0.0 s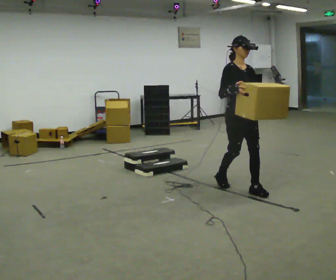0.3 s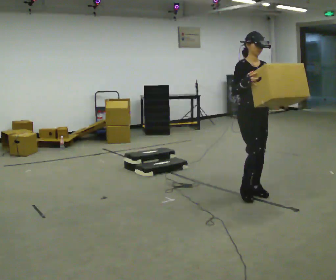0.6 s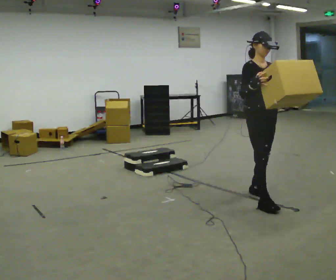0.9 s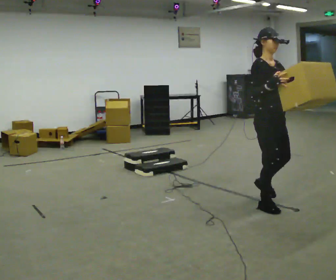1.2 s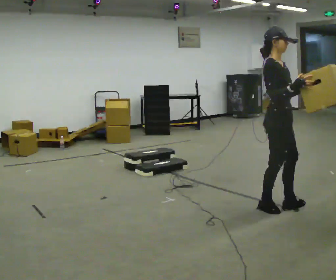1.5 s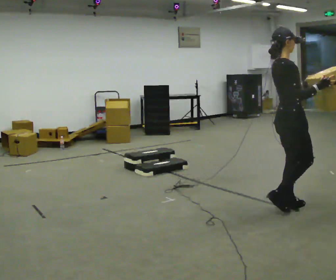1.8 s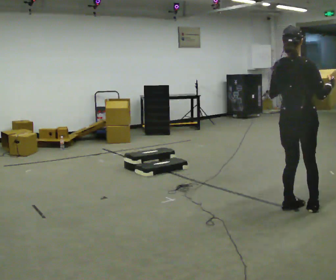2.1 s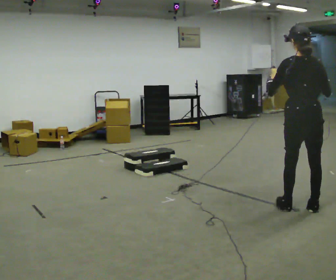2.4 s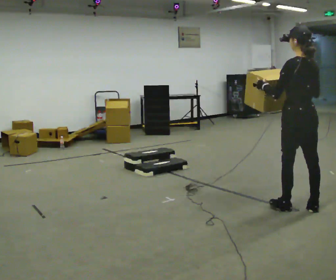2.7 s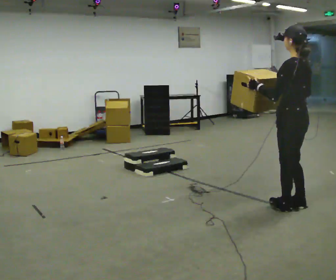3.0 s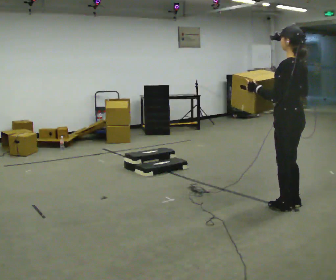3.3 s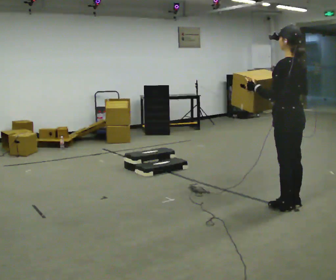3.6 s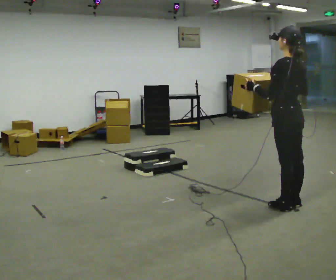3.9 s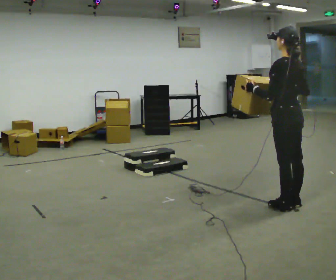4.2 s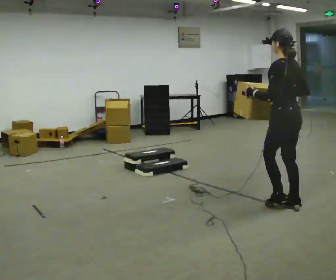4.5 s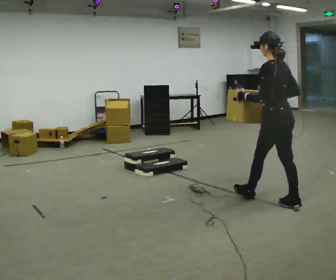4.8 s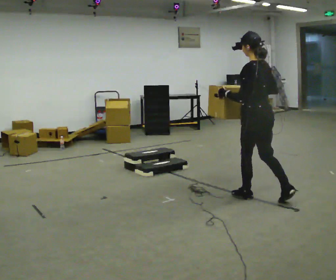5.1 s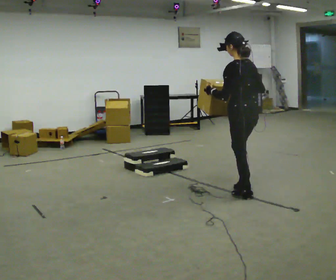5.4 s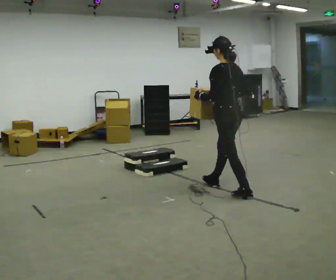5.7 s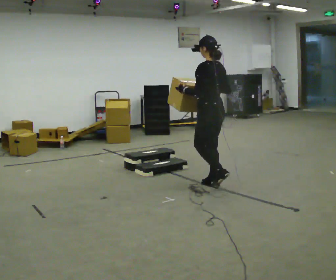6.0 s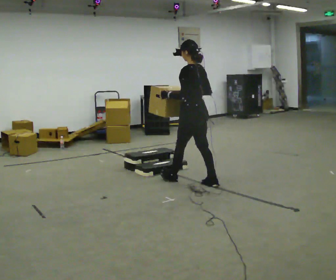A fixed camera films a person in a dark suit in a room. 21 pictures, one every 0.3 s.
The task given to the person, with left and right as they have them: Carry the box up the three steps, turn at the top, and carry it back down. Use the handrail only if you need it. Keep going until the operator says stop; one object at a time, and do not rush between trips.
0.0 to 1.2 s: Seen from above the body turns counterclockwise, about 30 degrees: to their left, with its near side sliding to the right. In the picture they go toward the camera and to the right, about 0.75 m in 2 steps, which for them is forward.
1.2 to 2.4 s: The person turns about 135 degrees to their left, counterclockwise seen from above, so the part of the body nearest the lens slides to the right. In the picture they go to the right, about 0.25 m in 1 step. In the picture their left hand goes to the left.
2.4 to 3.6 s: The person moves a little, or ends about where they began.
3.6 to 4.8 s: In the picture they go to the left and away from the camera, about 0.5 m in 1 step, which for them is forward.
4.8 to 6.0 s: In the picture they go to the left and away from the camera, about 1 m in 2 steps, which for them is forward.
The film runs forward here.
